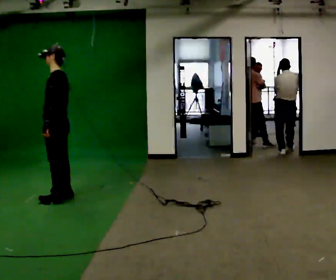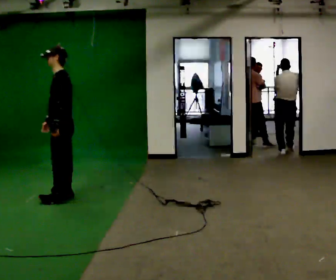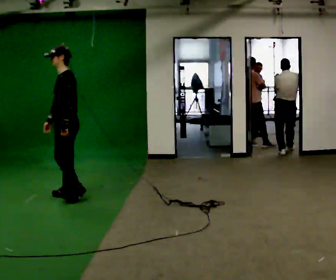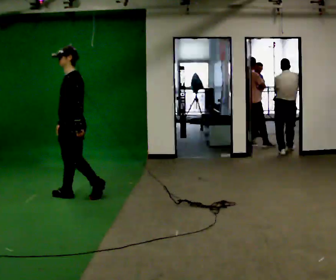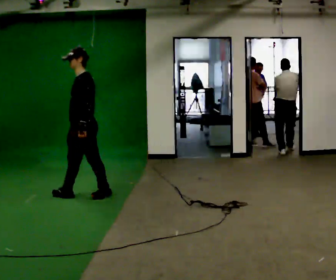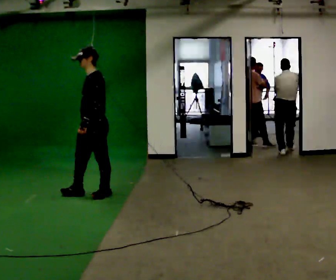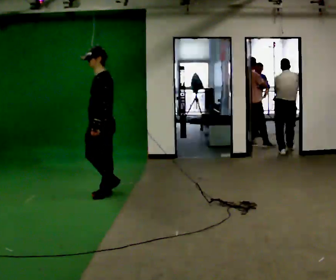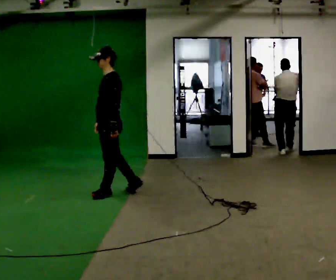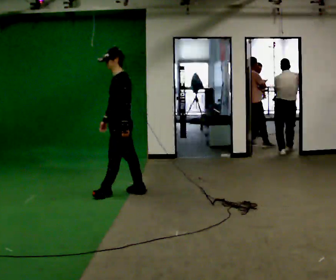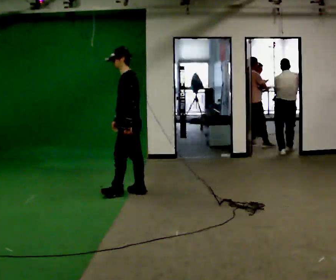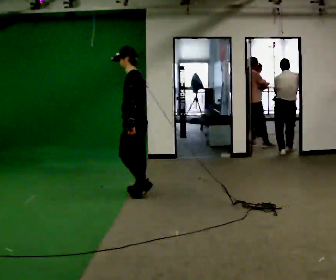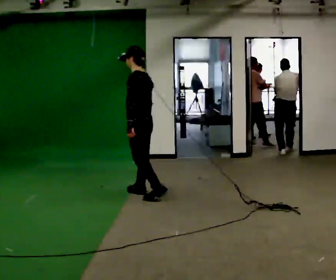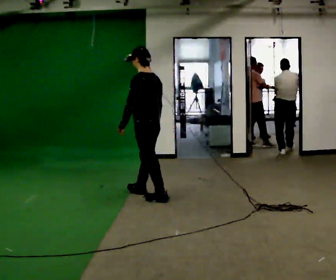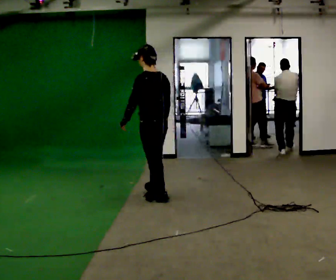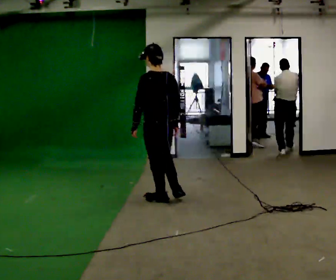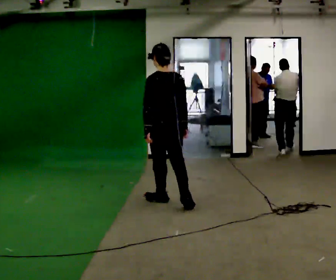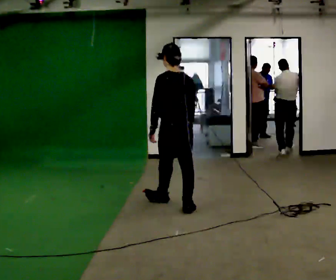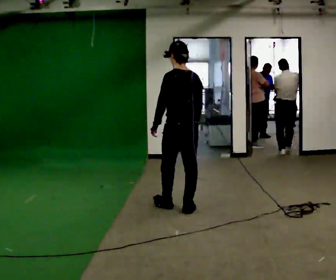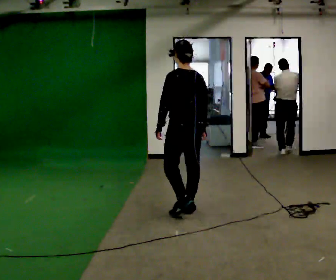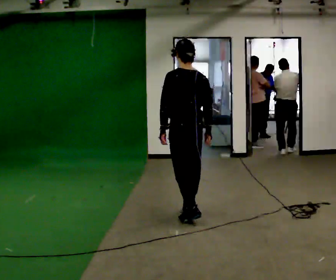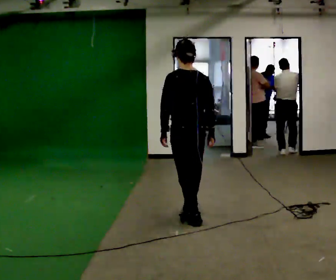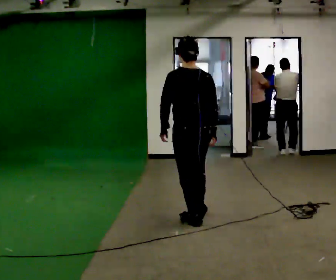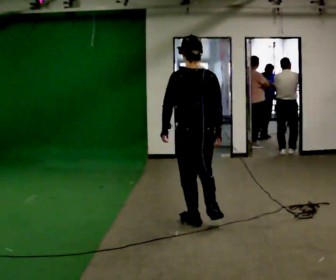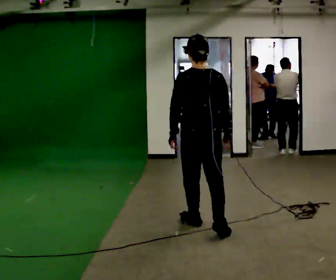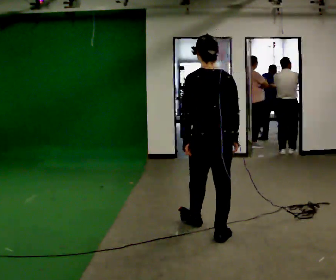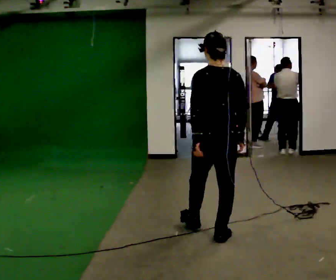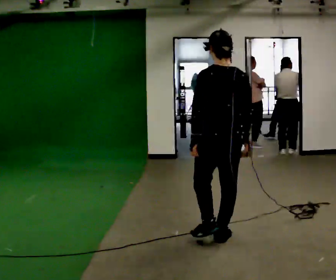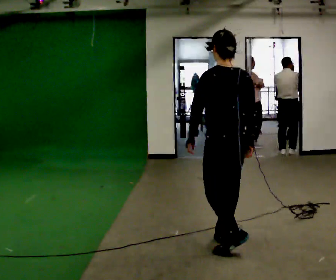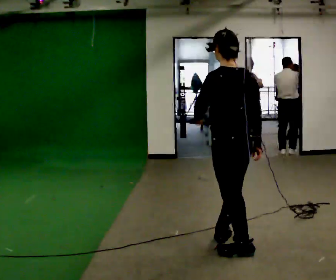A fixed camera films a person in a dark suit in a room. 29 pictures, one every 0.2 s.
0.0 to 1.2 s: In the picture they go to the right and away from the camera, about 0.5 m in 2 steps, which for them is backward.
1.2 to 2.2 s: The person turns about 45 degrees to their right, clockwise seen from above, so the part of the body nearest the lens slides to the left. In the picture they go to the right, about 0.5 m in 1 step, which for them is backward.
2.2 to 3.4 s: The person turns about 45 degrees to their right, clockwise seen from above, so the part of the body nearest the lens slides to the left. In the picture they go toward the camera and to the right, about 1 m in 2 steps, which for them is backward.
3.4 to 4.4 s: In the picture they go toward the camera, about 0.5 m in 1 step, which for them is backward.
4.4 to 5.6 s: In the picture they go toward the camera and to the right, about 0.75 m in 1 step, which for them is backward.
The film runs backward here.
